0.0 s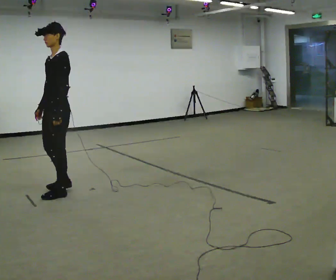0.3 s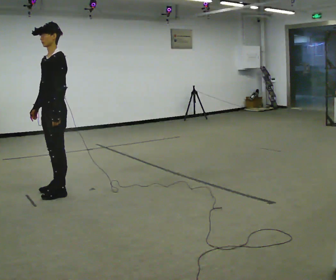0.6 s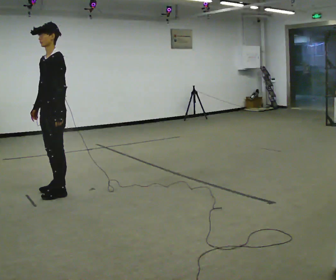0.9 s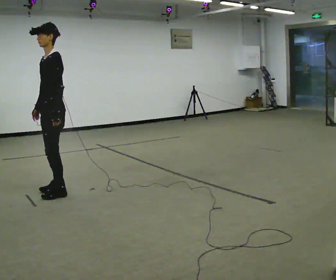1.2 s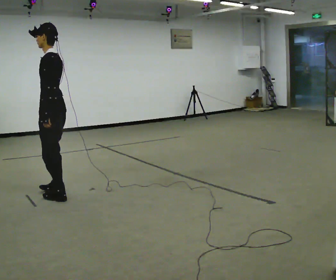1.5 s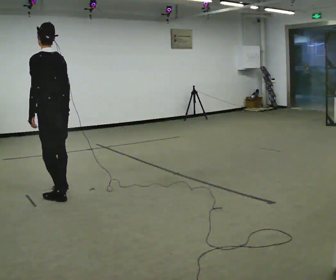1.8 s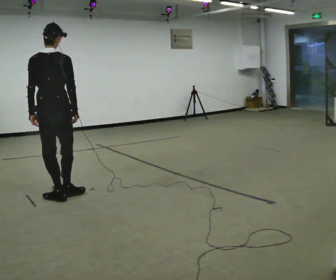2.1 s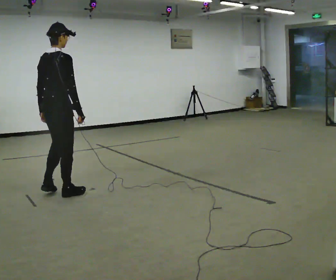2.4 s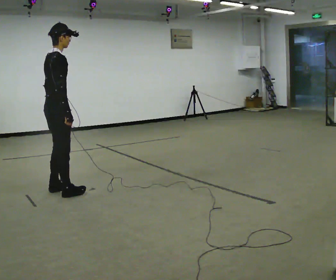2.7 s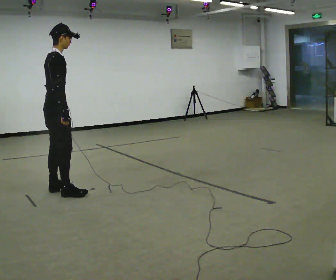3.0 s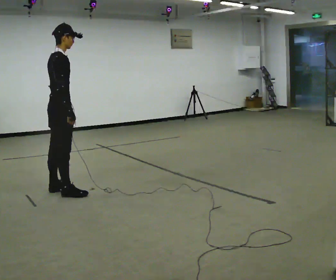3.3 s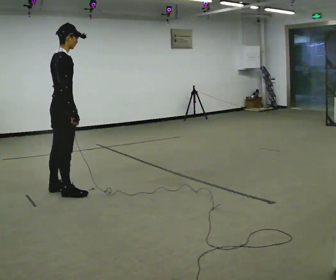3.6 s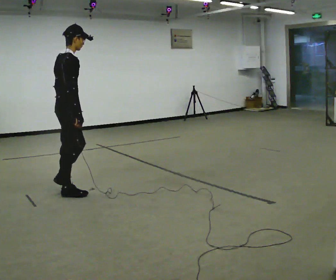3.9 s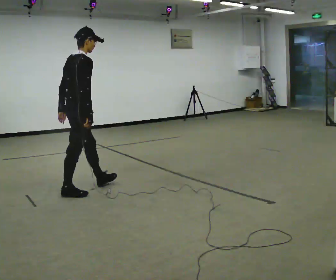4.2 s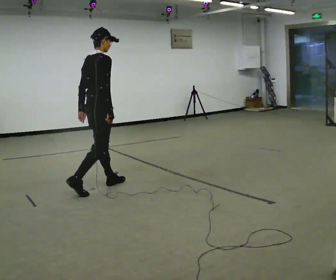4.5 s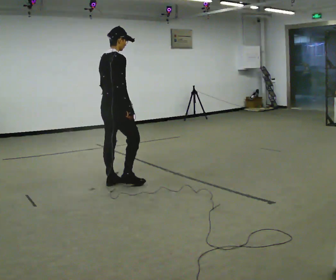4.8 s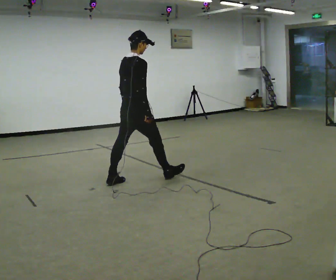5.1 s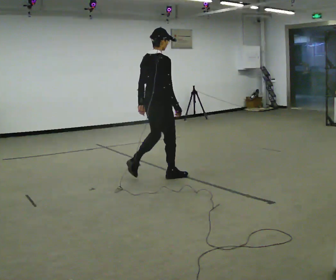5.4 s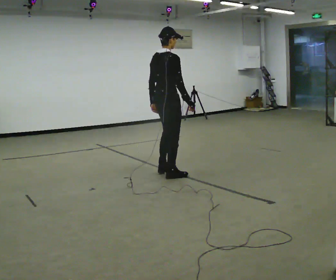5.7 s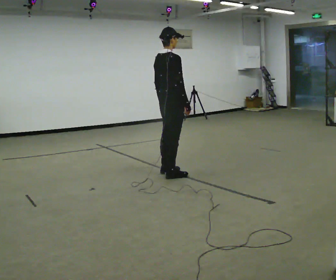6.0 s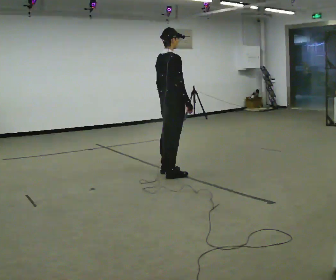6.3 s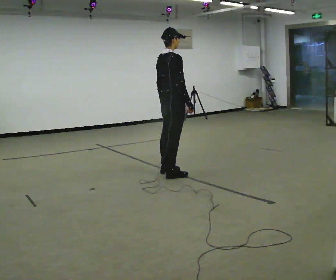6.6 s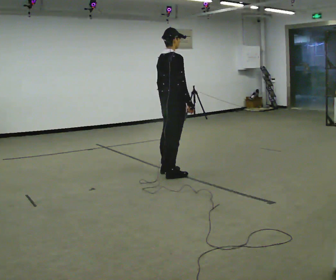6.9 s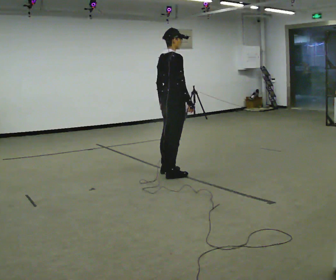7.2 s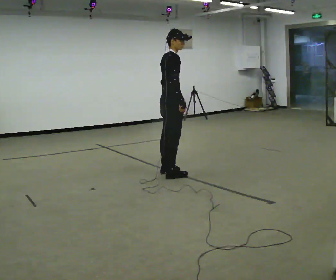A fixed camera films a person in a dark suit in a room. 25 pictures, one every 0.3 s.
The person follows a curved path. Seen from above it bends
counterclockwise.
The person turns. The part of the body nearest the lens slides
to the left.
0.0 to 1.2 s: The person turns about 45 degrees to their right, clockwise seen from above, so the part of the body nearest the lens slides to the left.
1.2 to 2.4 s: Seen from above the body turns clockwise, about 135 degrees: to their right, with its near side sliding to the left.
2.4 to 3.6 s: The person moves a little, or ends about where they began.
3.6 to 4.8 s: In the picture they go to the right and away from the camera, about 1 m in 1 step, which for them is forward.
4.8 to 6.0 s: In the picture they go to the right, about 0.5 m in 2 steps, which for them is forward.
6.0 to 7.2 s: The person moves a little, or ends about where they began.
The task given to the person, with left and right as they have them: Walk; stop fully; turn 90° left/right while standing; walk new direction.
The film runs forward here.
